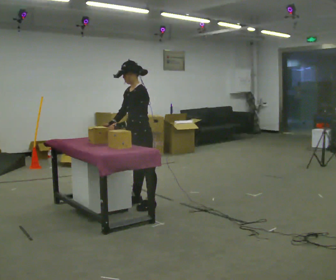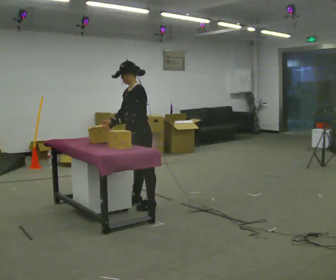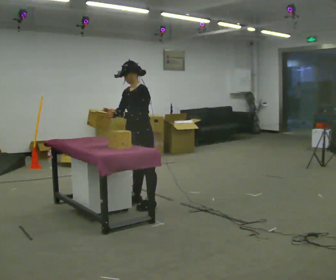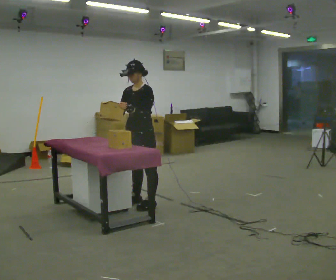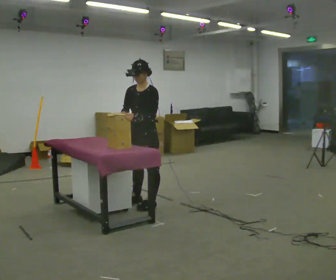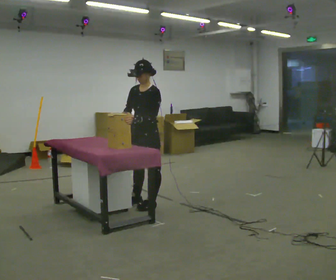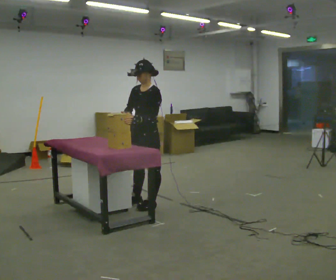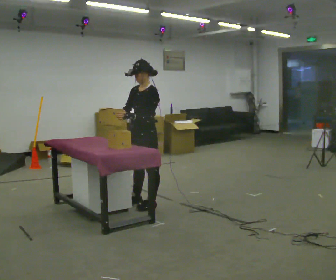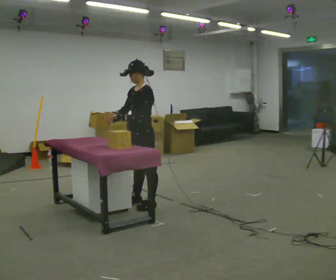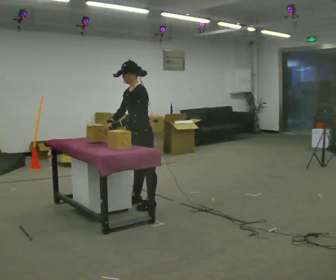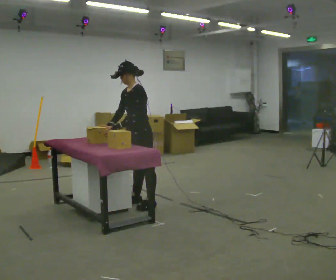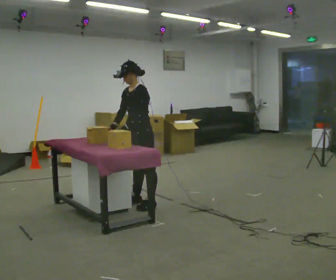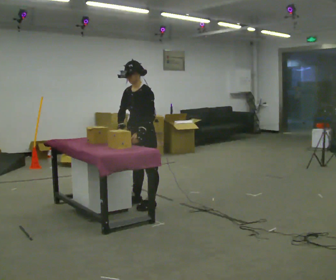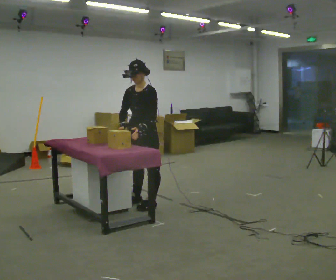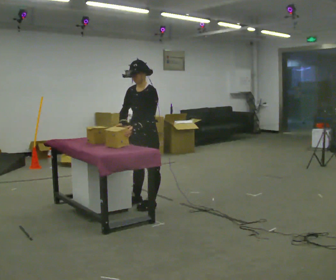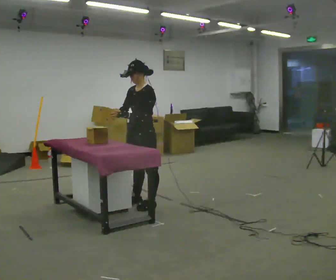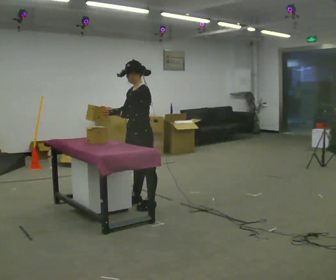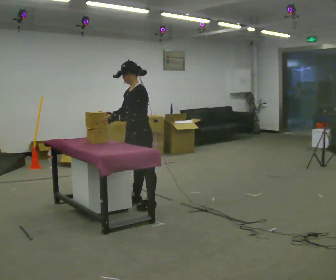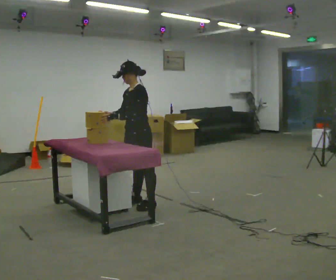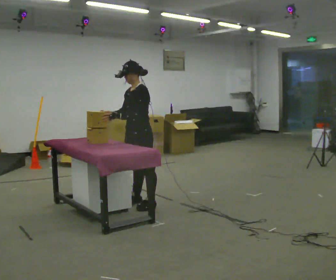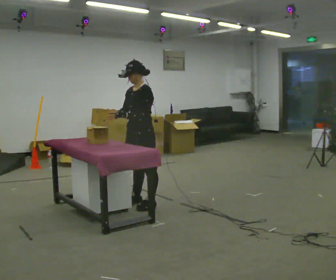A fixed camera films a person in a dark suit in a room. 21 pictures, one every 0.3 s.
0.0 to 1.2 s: The part of the body nearest the lens slides to the right as the person turns to their left by about 30 degrees.
1.2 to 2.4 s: The part of the body nearest the lens slides to the left as the person turns to their right by about 30 degrees.
2.4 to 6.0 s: The person moves a little, or ends about where they began.
The film runs forward here.
